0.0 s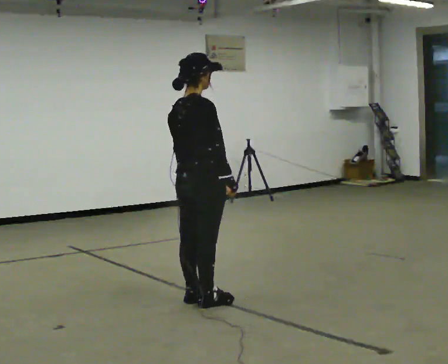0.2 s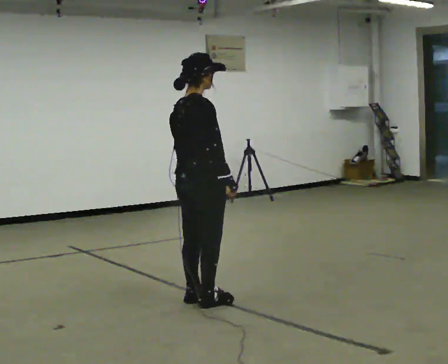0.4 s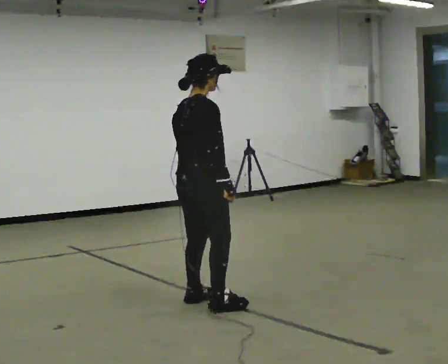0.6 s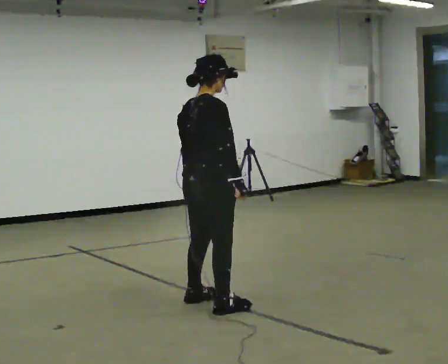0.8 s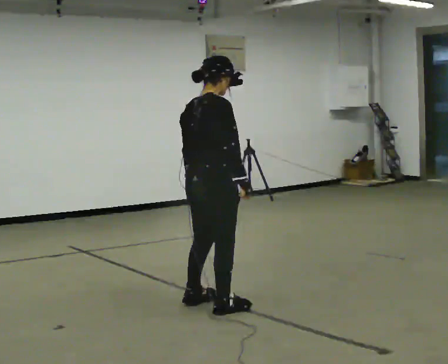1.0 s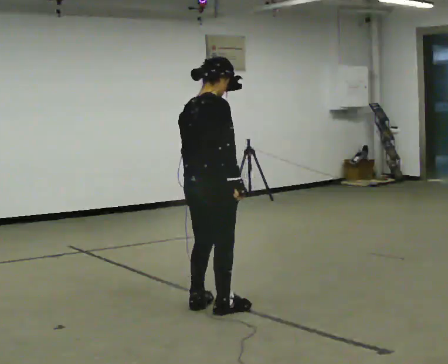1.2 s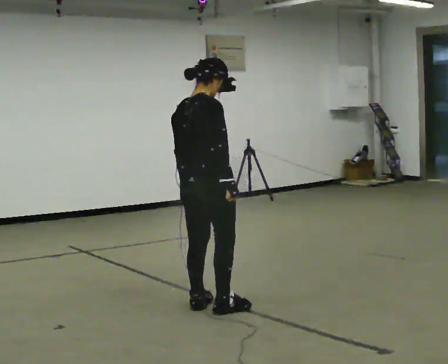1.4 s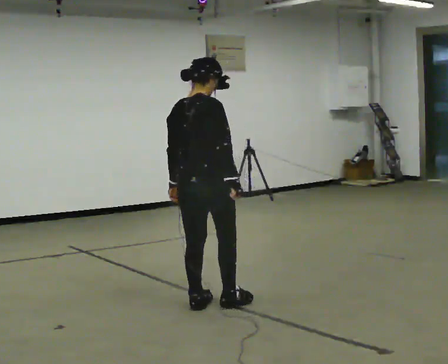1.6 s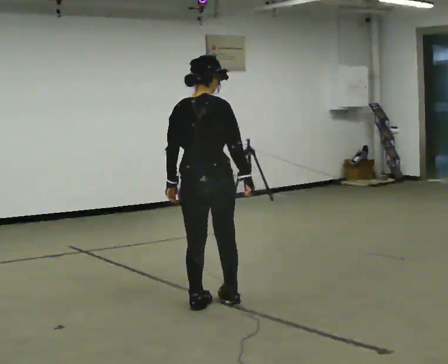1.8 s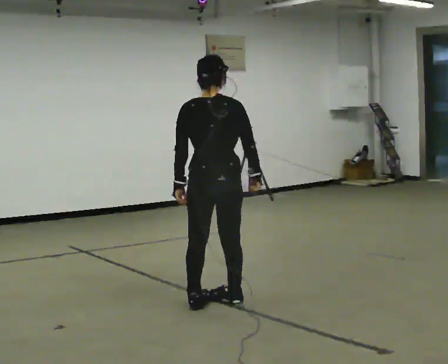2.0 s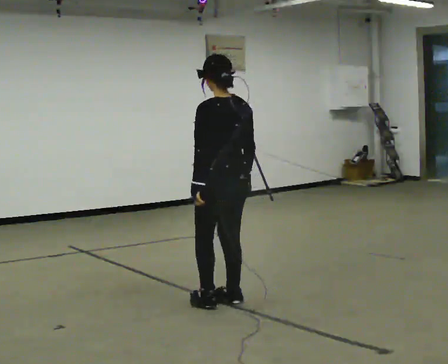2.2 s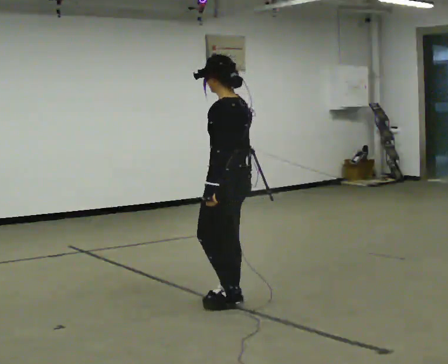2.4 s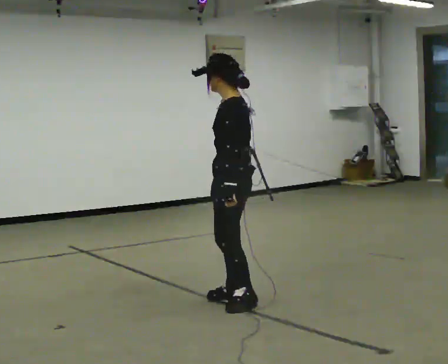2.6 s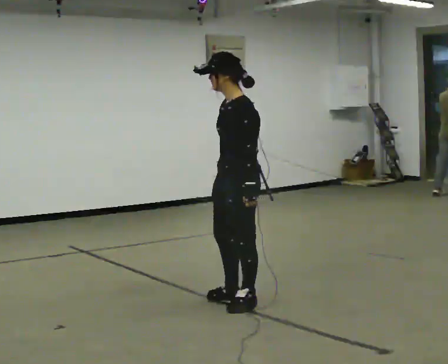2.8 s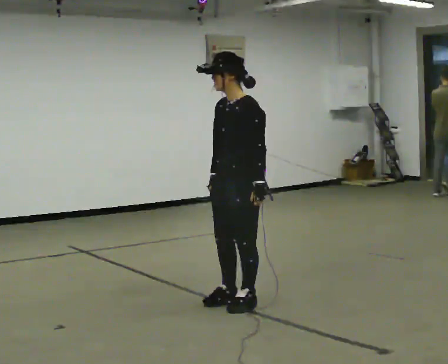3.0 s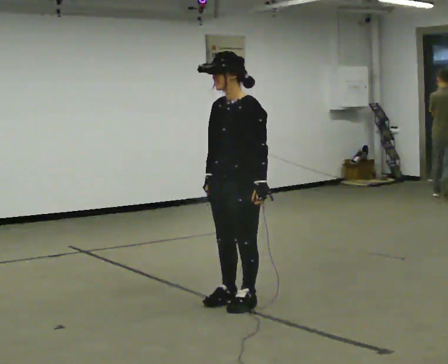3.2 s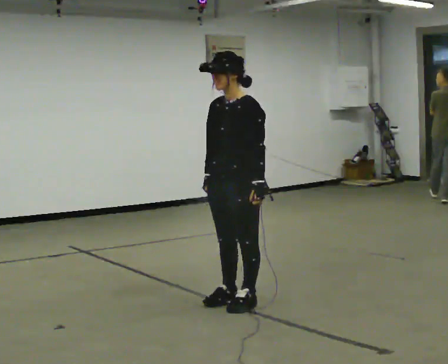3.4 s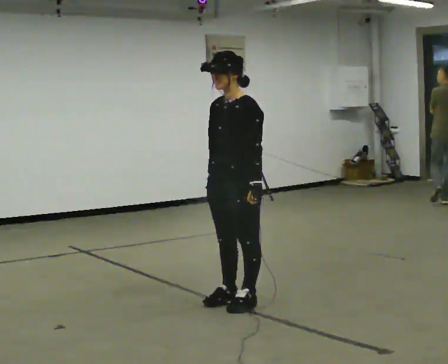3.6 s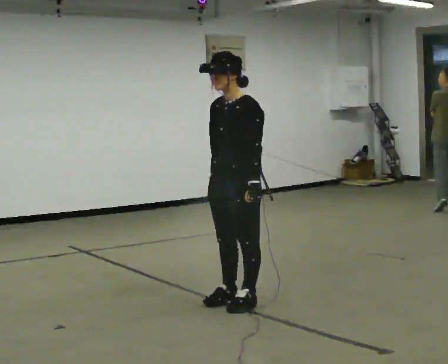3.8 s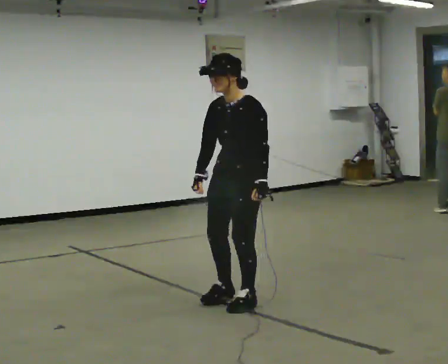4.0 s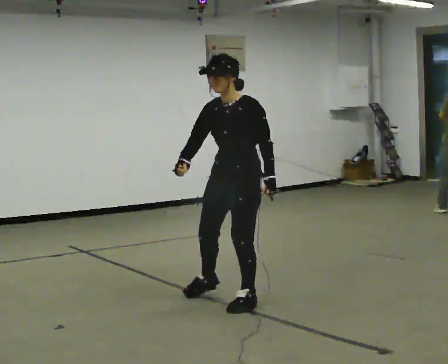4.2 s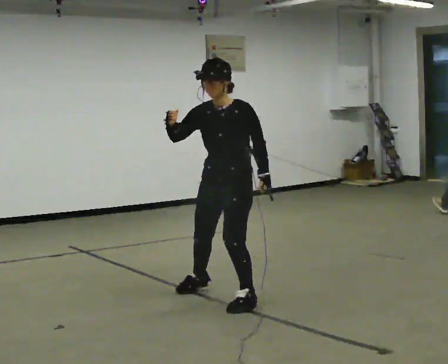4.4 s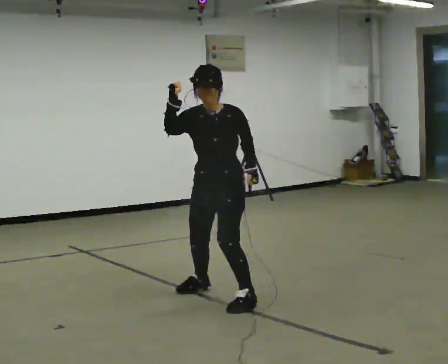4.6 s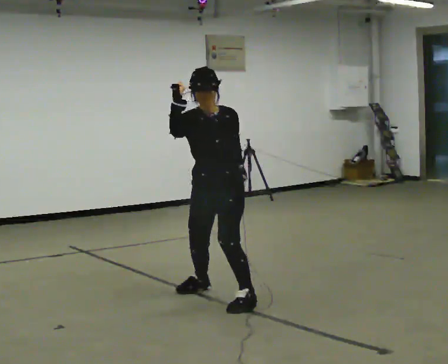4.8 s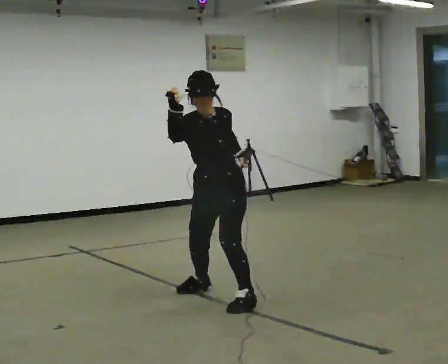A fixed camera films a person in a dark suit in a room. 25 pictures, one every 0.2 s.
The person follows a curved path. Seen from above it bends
counterclockwise.
The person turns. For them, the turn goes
to their left.
0.0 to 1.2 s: In the picture they go toward the camera, about 0.25 m in 2 steps, which for them is to their right.
1.2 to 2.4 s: The part of the body nearest the lens slides to the right as the person turns to their left by about 135 degrees. In the picture they go to the right, about 0.25 m in 2 steps.
2.4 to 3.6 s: Seen from above the body turns counterclockwise, about 45 degrees: to their left, with its near side sliding to the right.
3.6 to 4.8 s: Seen from above the body turns counterclockwise, about 45 degrees: to their left, with its near side sliding to the right. In the picture their right hand goes upward.
The film runs backward here.
